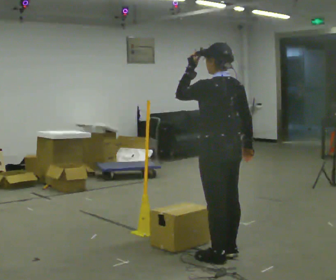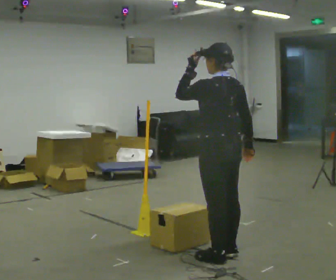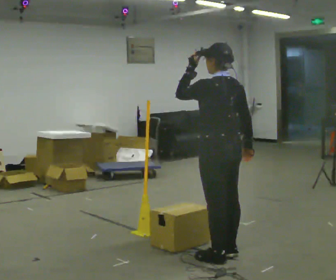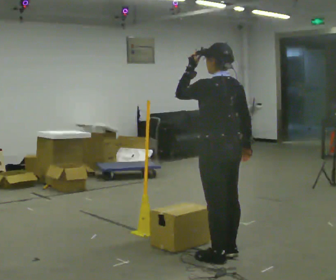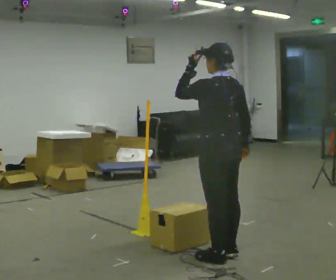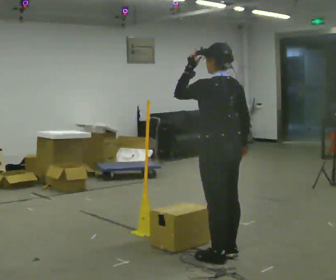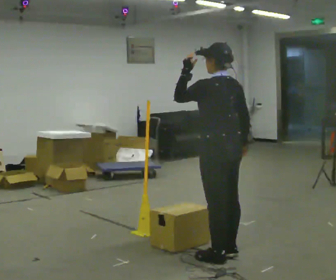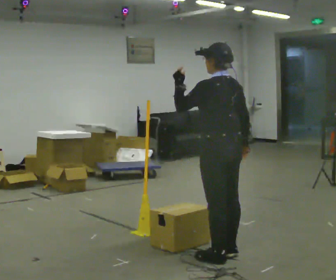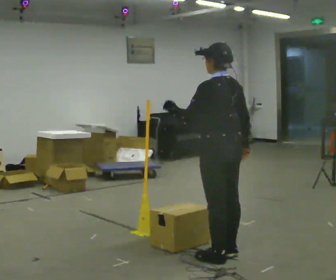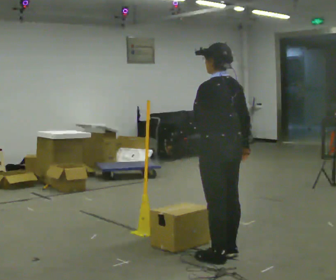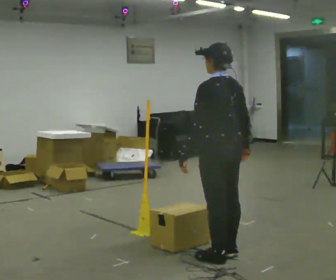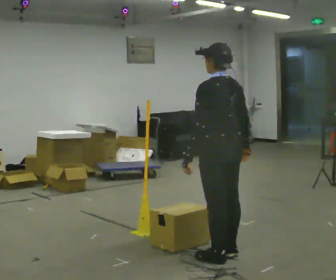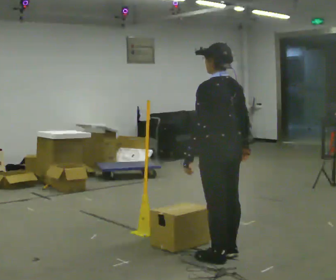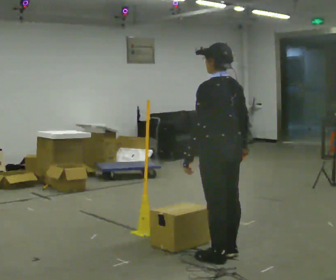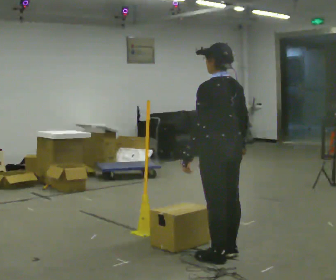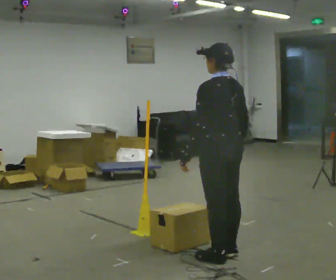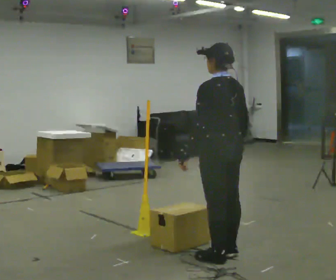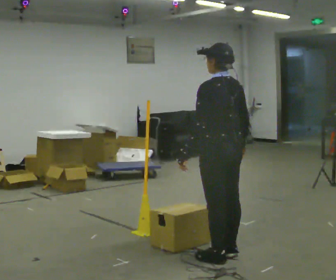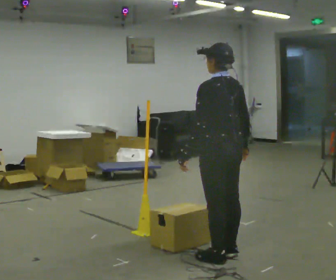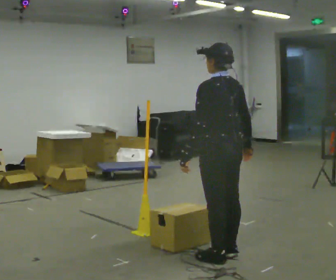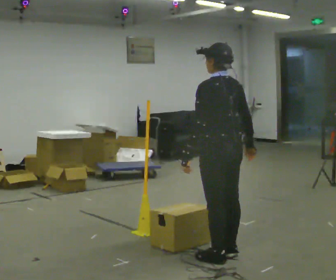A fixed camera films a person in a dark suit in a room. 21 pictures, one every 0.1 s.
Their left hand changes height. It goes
downward.
0.0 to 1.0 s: In the picture their left hand goes downward.
1.0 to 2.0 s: The person moves a little, or ends about where they began.
The film runs backward here.
